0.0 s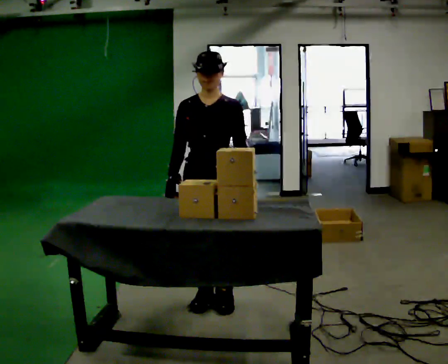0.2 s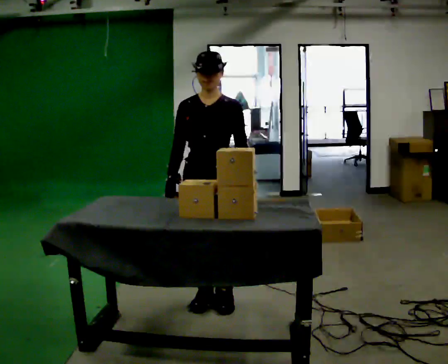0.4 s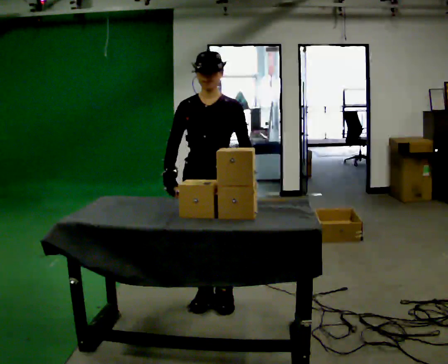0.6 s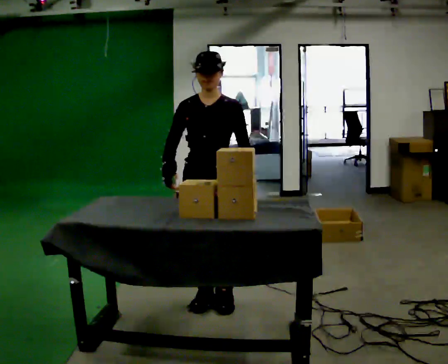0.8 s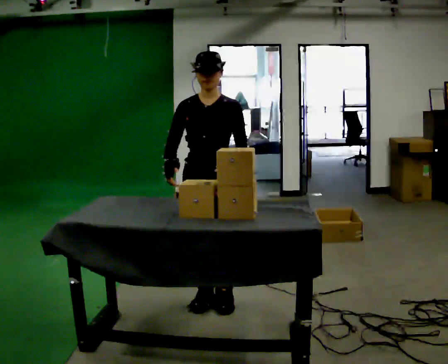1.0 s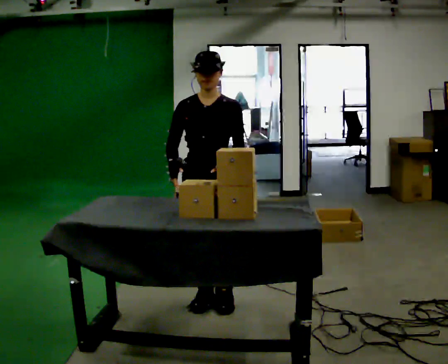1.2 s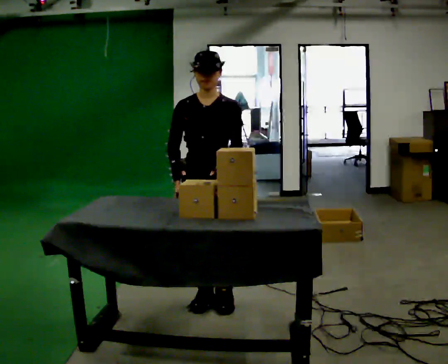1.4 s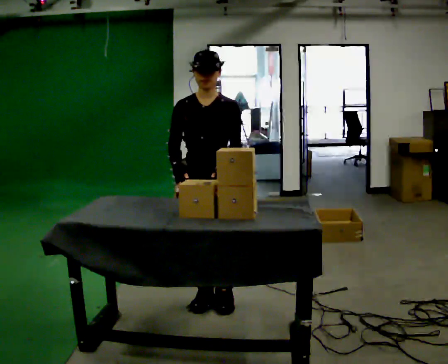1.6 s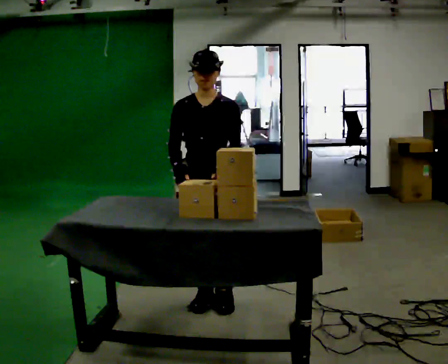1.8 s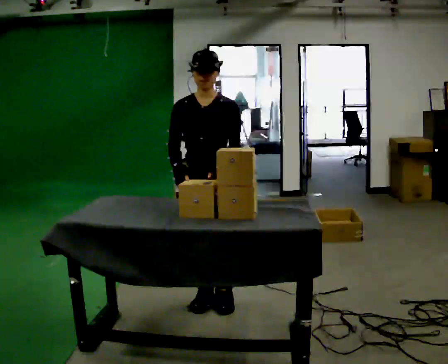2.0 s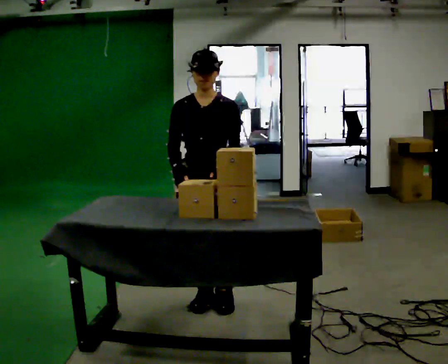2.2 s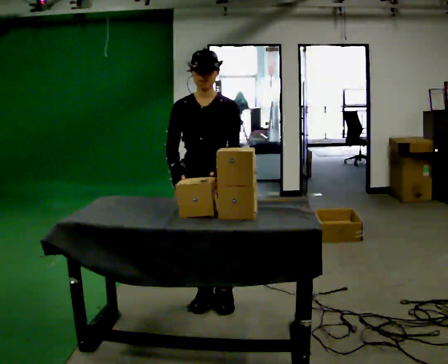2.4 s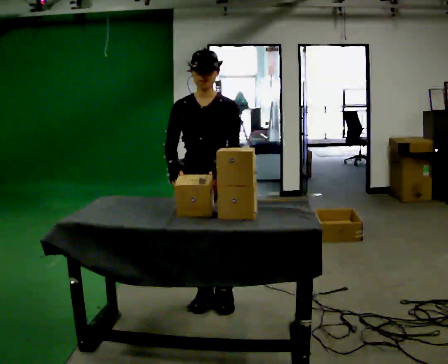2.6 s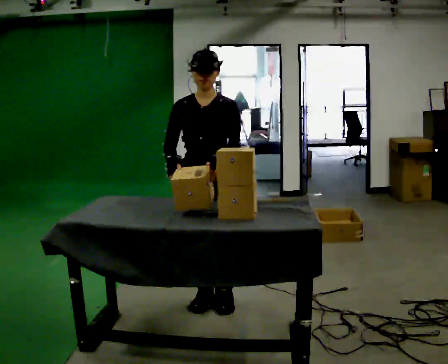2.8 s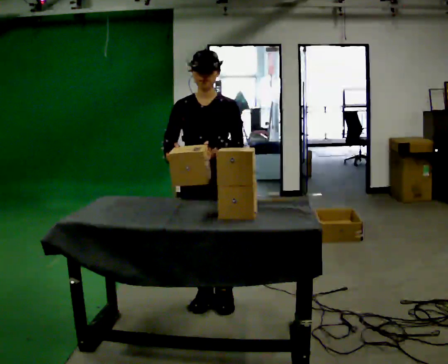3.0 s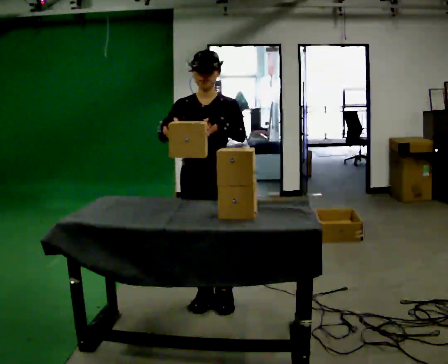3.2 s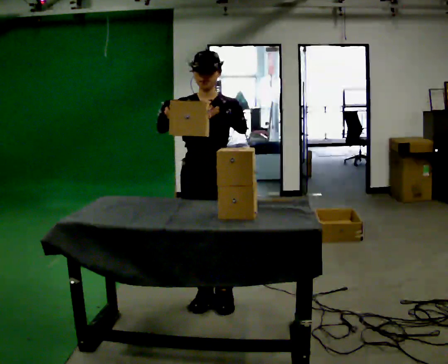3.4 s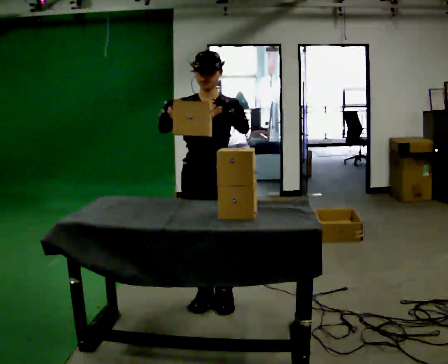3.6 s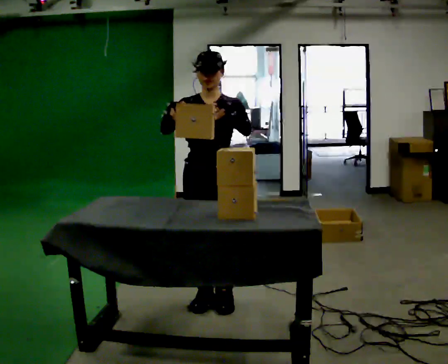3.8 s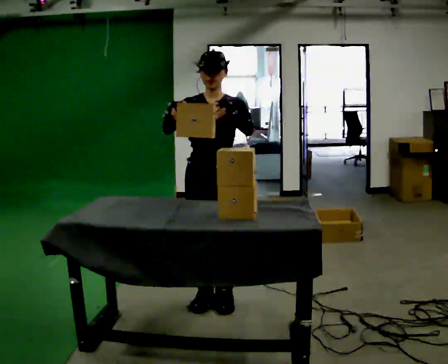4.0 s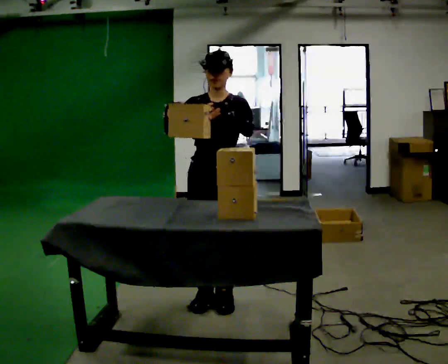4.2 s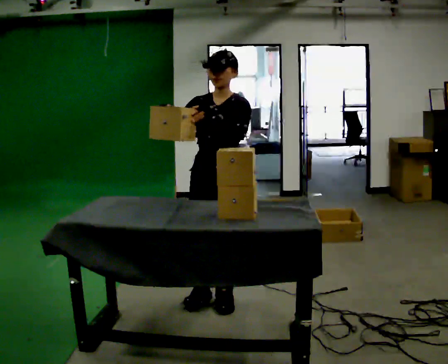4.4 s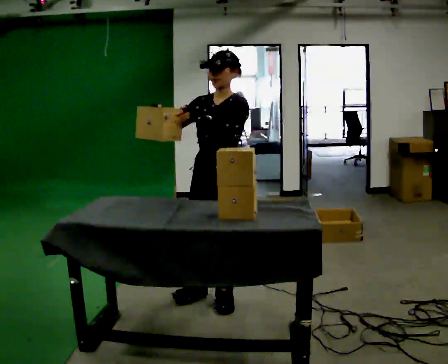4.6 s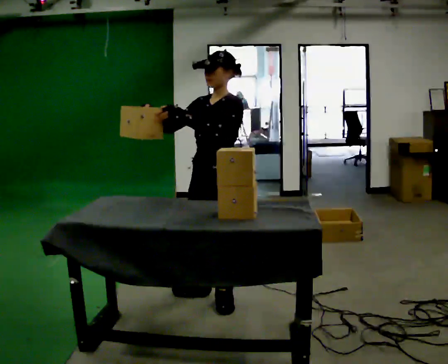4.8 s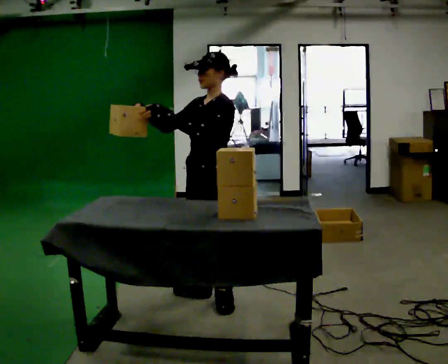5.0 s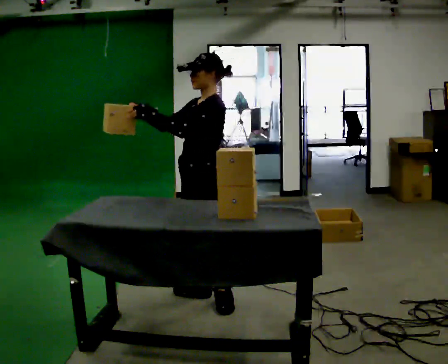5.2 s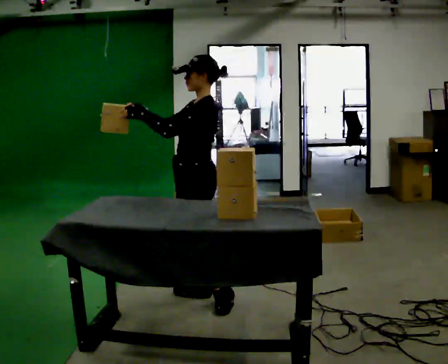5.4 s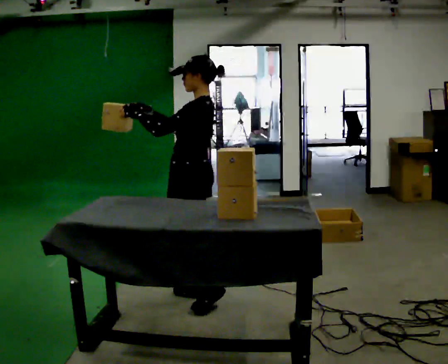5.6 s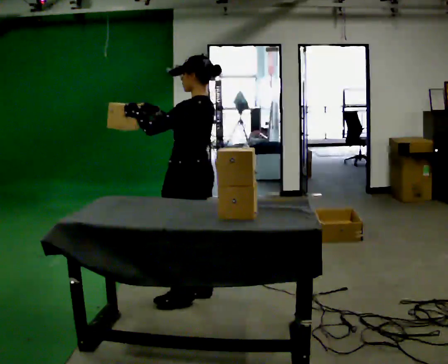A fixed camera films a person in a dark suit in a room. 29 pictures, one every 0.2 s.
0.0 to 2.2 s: The person moves a little, or ends about where they began.
2.2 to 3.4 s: In the picture their right hand goes upward.
3.4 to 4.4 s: The part of the body nearest the lens slides to the left as the person turns to their right by about 30 degrees.
4.4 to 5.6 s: The part of the body nearest the lens slides to the left as the person turns to their right by about 75 degrees. In the picture they go to the left and away from the camera, about 0.25 m.
The film runs forward here.
